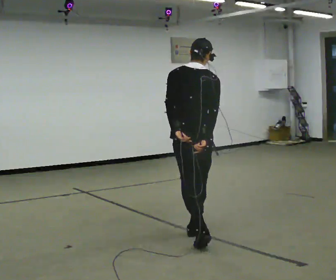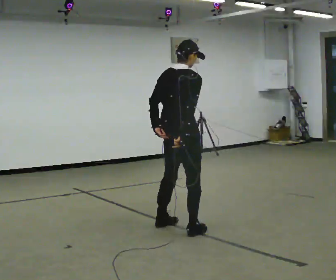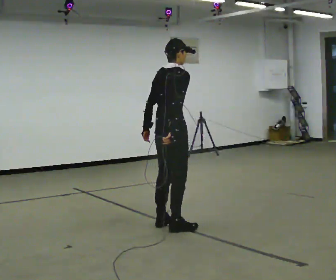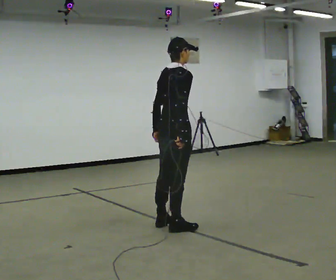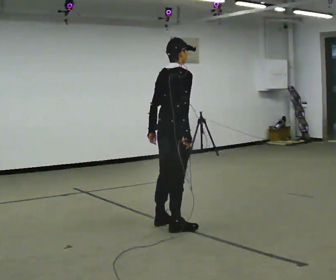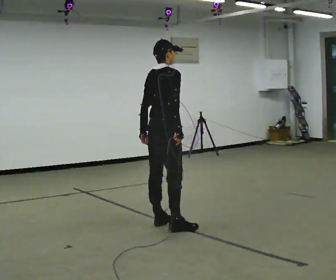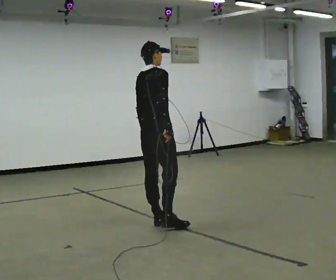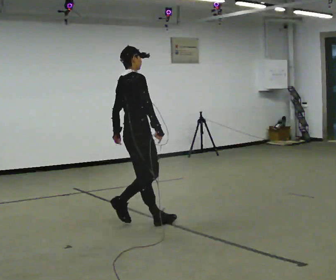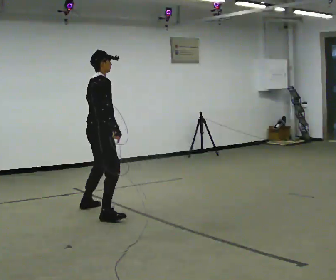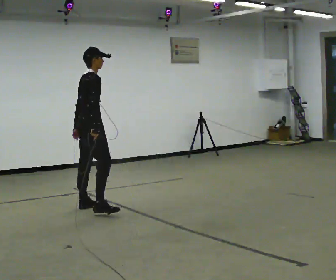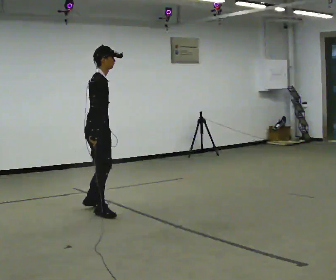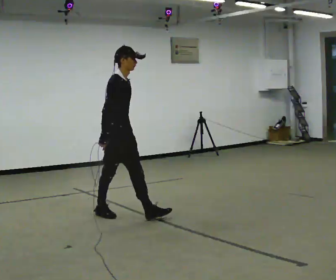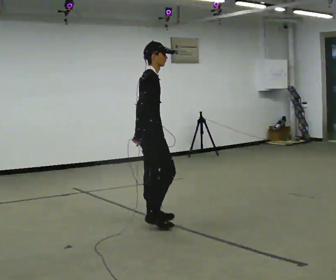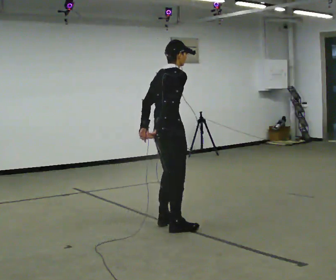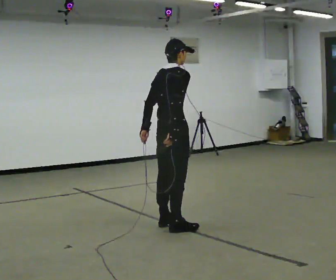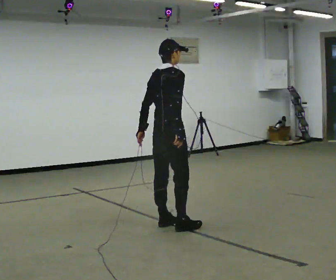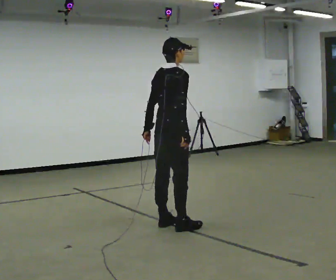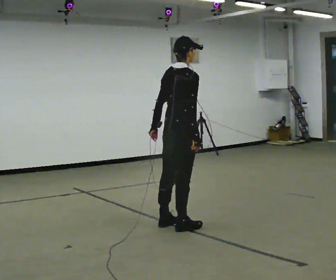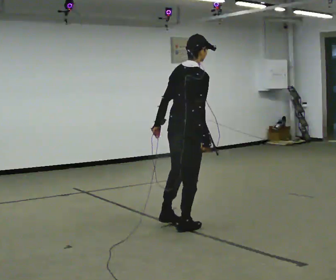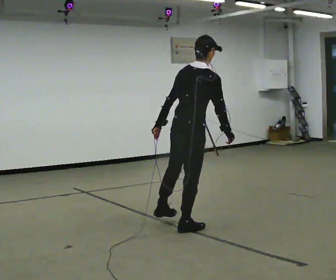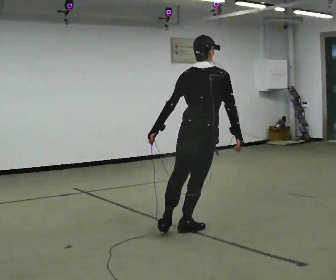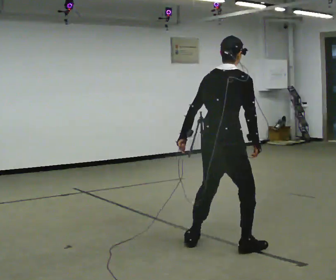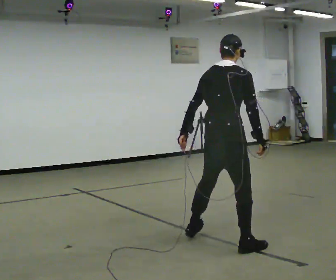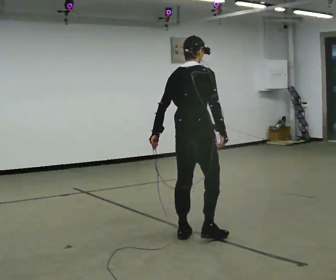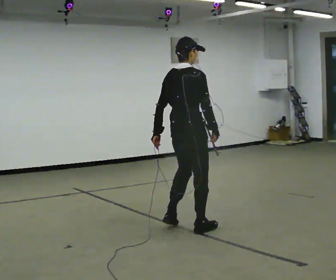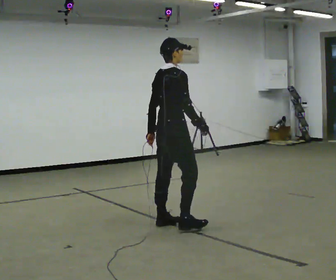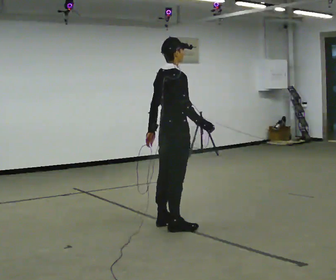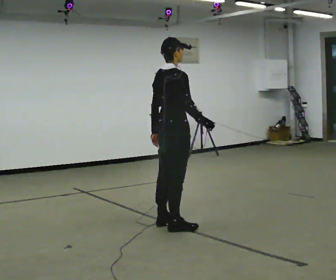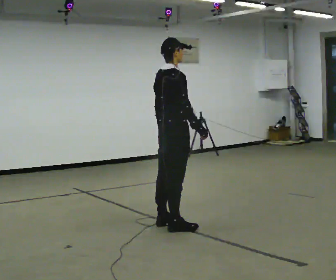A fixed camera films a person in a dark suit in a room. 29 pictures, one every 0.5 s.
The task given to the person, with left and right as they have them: Stand on the marked spots. Lean to the side the operator calls until you cannot hold it, then step to catch yourself. Return to the spots. Repeat at your own pace until the operator says stop. Go slowly and only as far as you are comfortable. Step whenever you need to; do not try to hold on longer than feels safe.
0.0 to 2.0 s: Seen from above the body turns clockwise, about 45 degrees: to their right, with its near side sliding to the left. In the picture they go away from the camera and to the left, about 0.5 m in 2 steps, which for them is to their left.
2.0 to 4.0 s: In the picture they go to the left and away from the camera, about 1 m in 1 step, which for them is to their left.
4.0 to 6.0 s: In the picture they go to the right and toward the camera, about 0.75 m in 3 steps, which for them is forward and to their right.
6.0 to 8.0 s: Seen from above the body turns counterclockwise, about 30 degrees: to their left, with its near side sliding to the right. In the picture they go to the right and toward the camera, about 0.25 m in 2 steps, which for them is to their right.
8.0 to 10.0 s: Seen from above the body turns counterclockwise, about 30 degrees: to their left, with its near side sliding to the right. In the picture they go toward the camera and to the right, about 0.5 m, which for them is to their right.
10.0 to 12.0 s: In the picture they go away from the camera, about 0.25 m in 4 steps, which for them is to their left.
12.0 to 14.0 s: In the picture they go away from the camera, about 0.25 m in 2 steps, which for them is to their left.
The film runs forward here.
